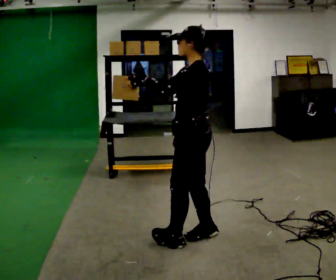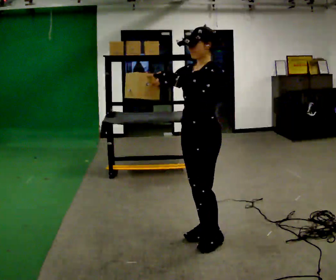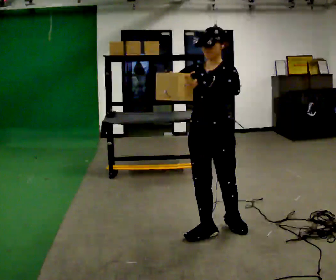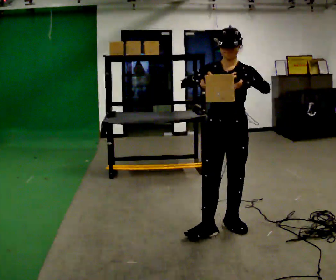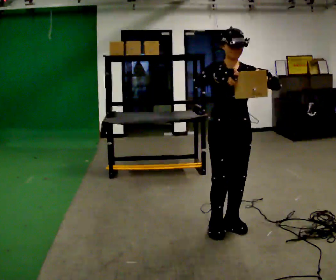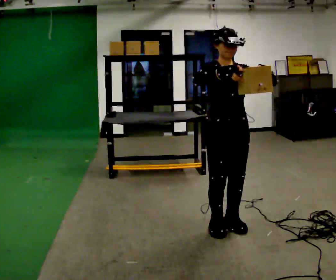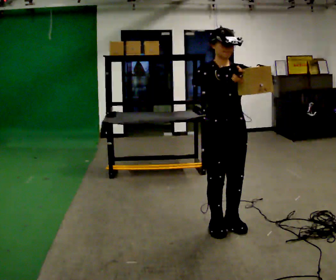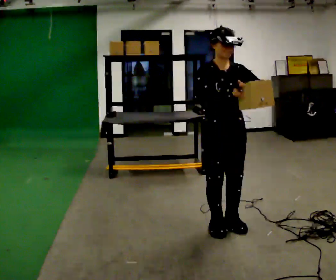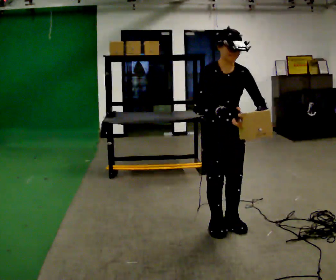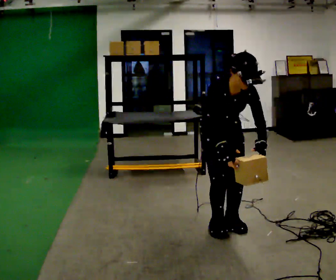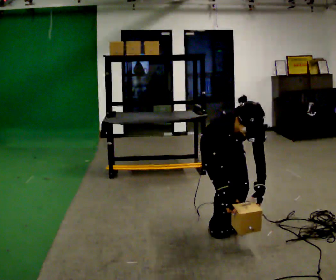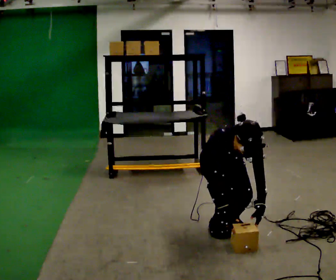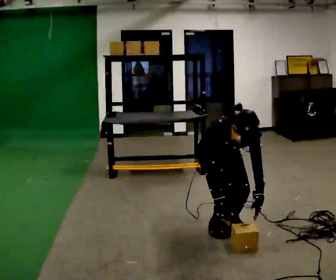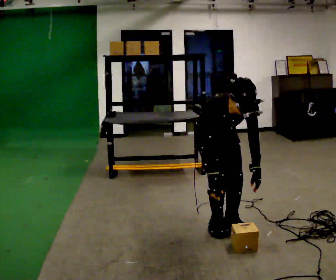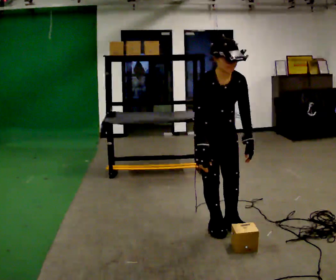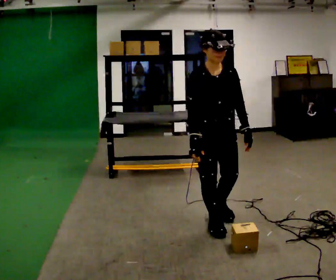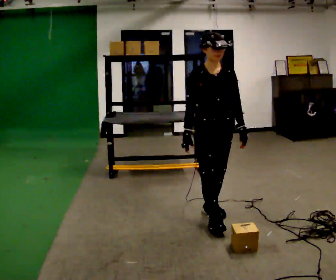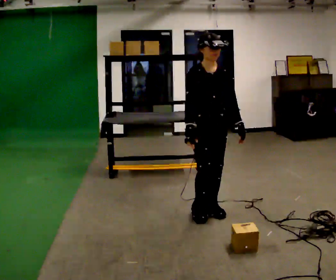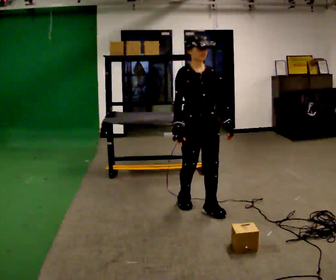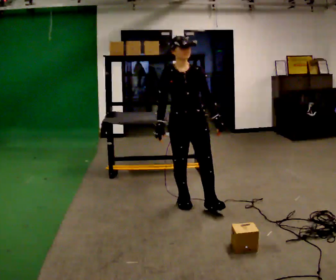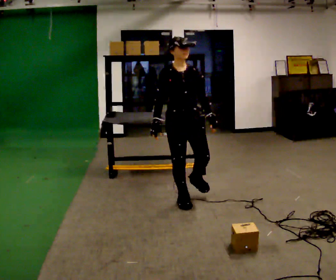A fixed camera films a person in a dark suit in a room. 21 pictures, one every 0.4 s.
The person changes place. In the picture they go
away from the camera.
The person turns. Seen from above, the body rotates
counterclockwise.
0.0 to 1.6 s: The part of the body nearest the lens slides to the right as the person turns to their left by about 90 degrees. In the picture they go to the right and away from the camera, about 0.25 m in 2 steps.
1.6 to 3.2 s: The person moves a little, or ends about where they began.
3.2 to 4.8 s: The upper body goes downward. The upper body tips toward the camera, its near side rolling downward, as they bend forward. In the picture their right hand goes downward.
4.8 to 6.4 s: The shoulders move upward. The upper body tips away from the camera, its near side rolling upward, as they lean back or straighten. In the picture their right hand goes upward.
6.4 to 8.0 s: In the picture they go away from the camera and to the left, about 0.5 m in 2 steps, which for them is backward.
The film runs backward here.
